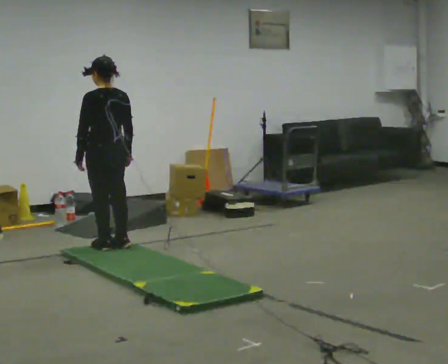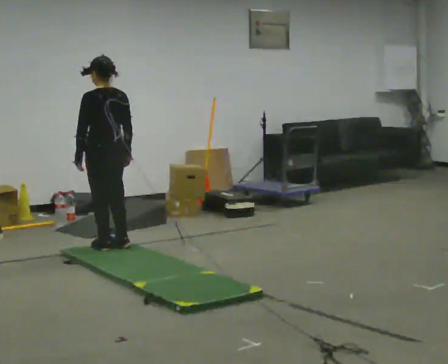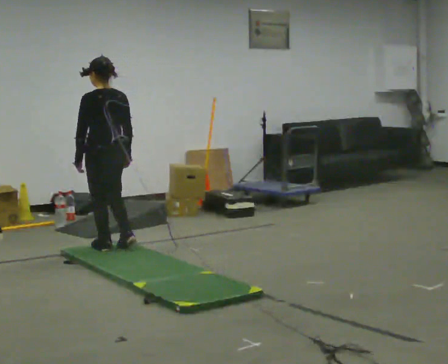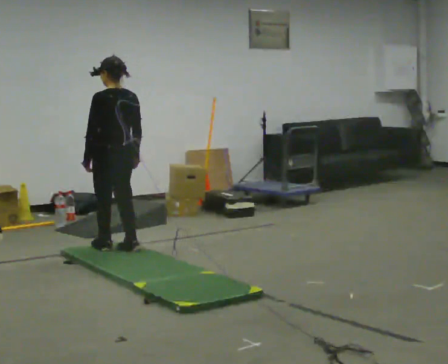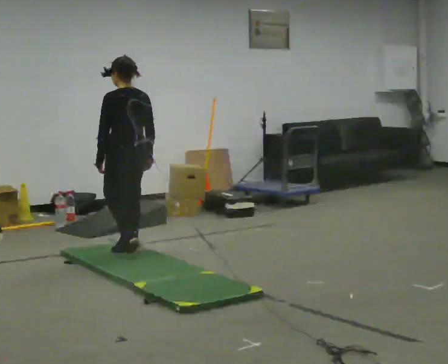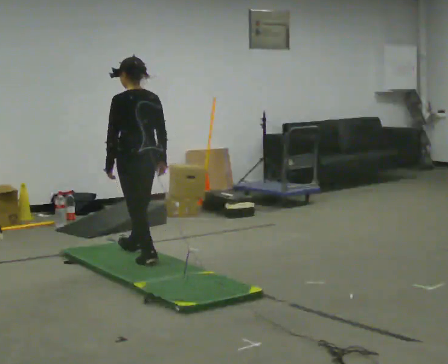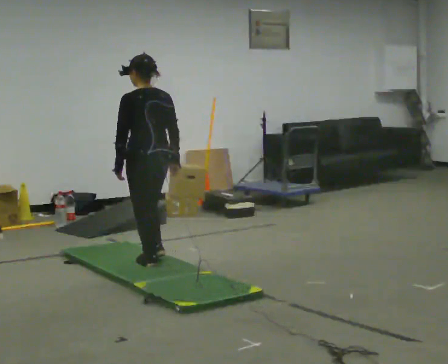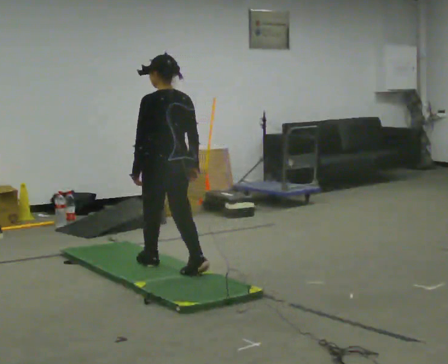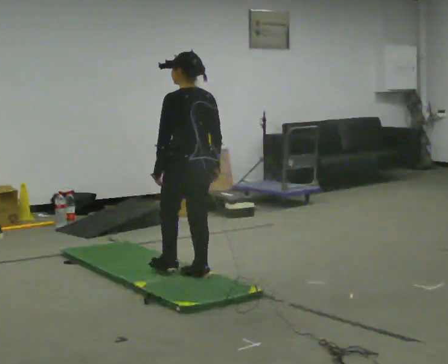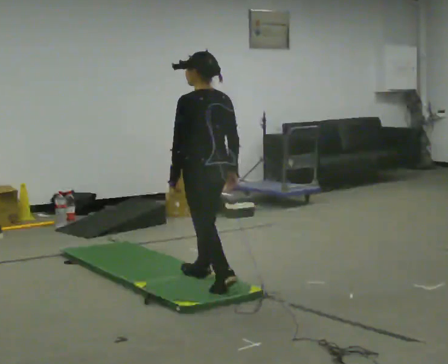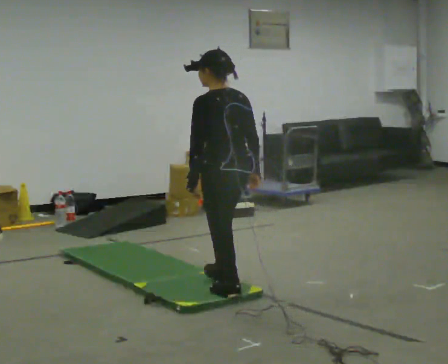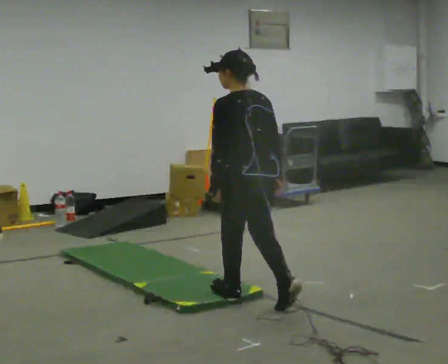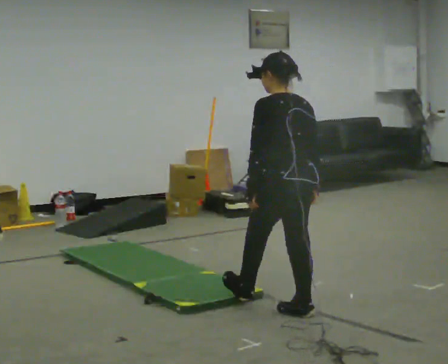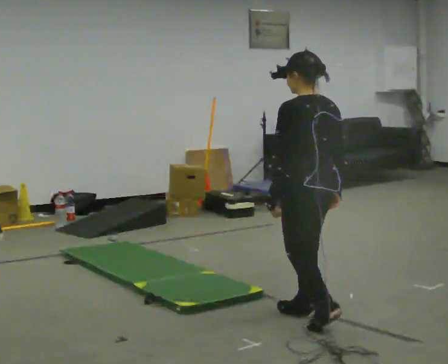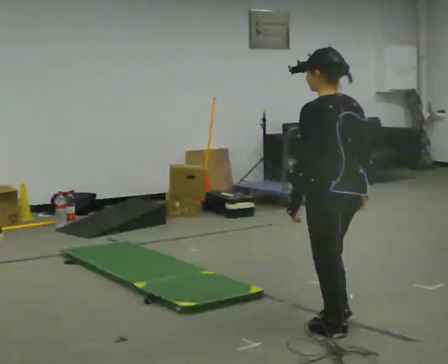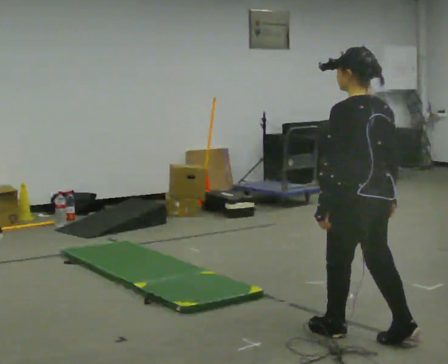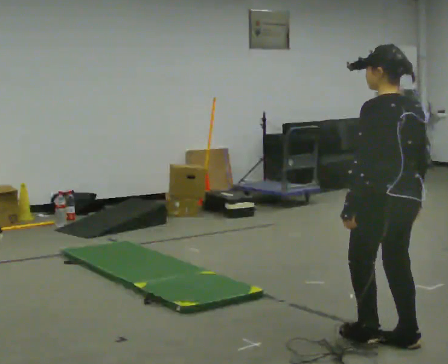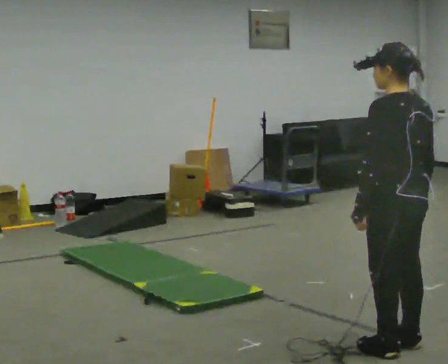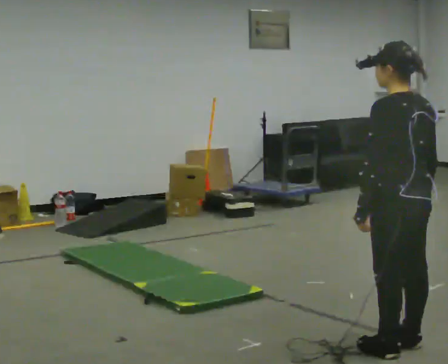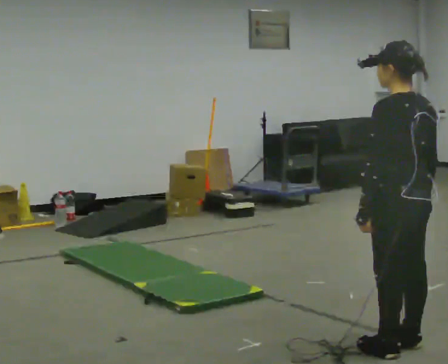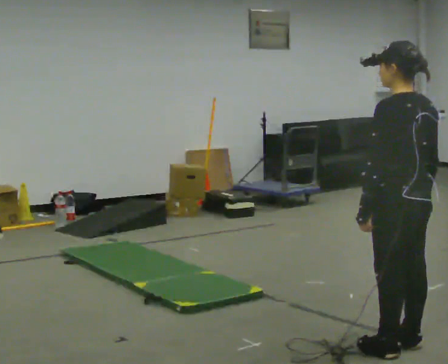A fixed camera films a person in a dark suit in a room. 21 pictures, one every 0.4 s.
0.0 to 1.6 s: In the picture they go toward the camera and to the right, about 0.25 m in 2 steps, which for them is backward.
1.6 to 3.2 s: In the picture they go toward the camera and to the right, about 1 m in 2 steps, which for them is backward.
3.2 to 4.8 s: In the picture they go toward the camera and to the right, about 1 m in 2 steps, which for them is backward.
4.8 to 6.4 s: In the picture they go toward the camera and to the right, about 0.5 m in 2 steps, which for them is backward.
6.4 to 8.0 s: The person moves a little, or ends about where they began.
The film runs backward here.
